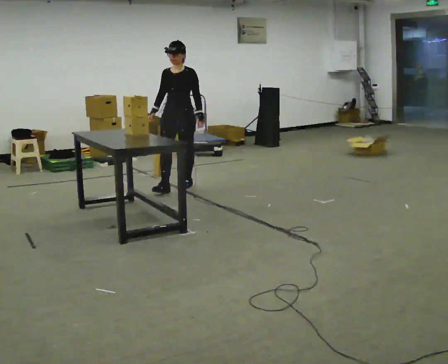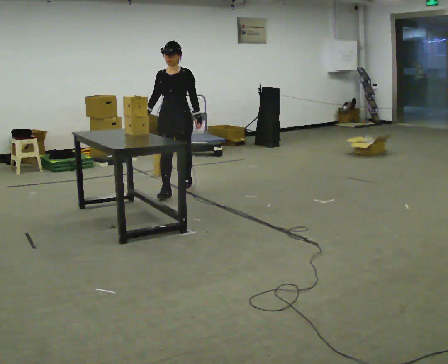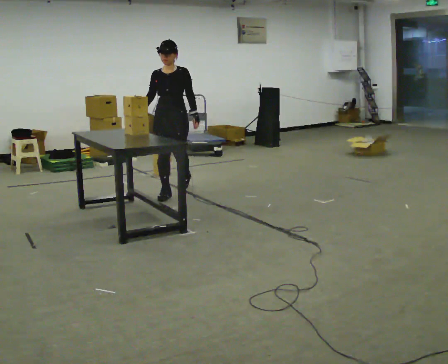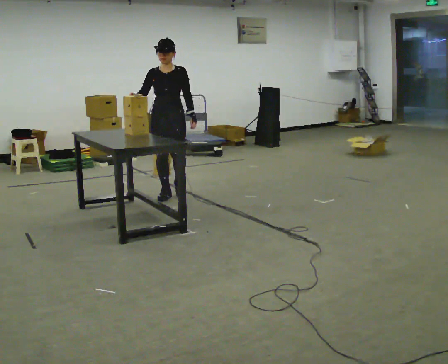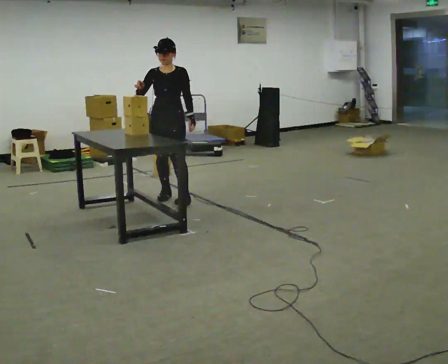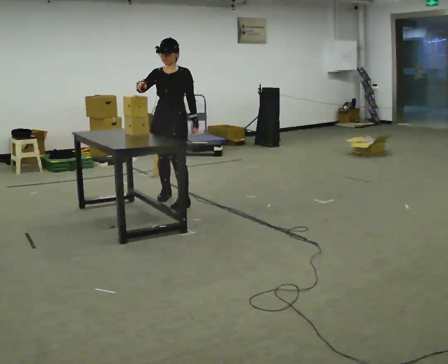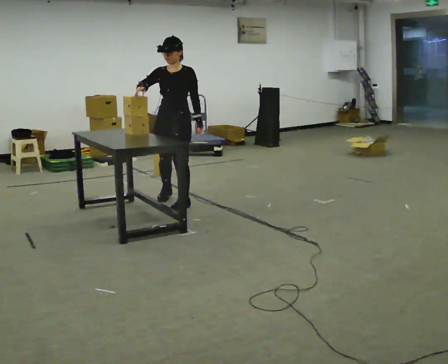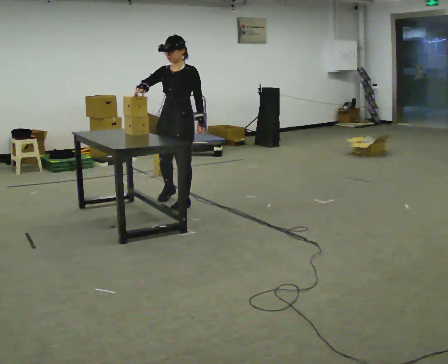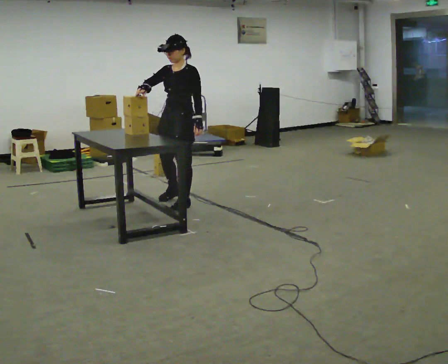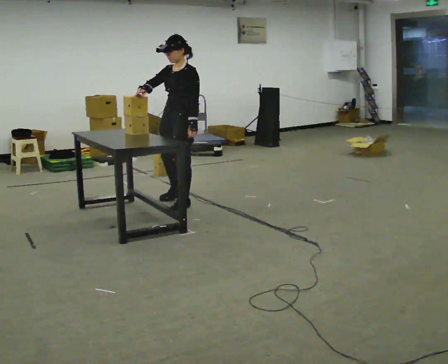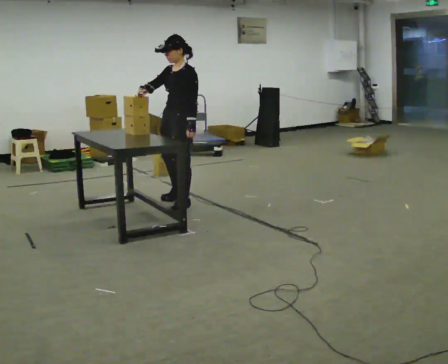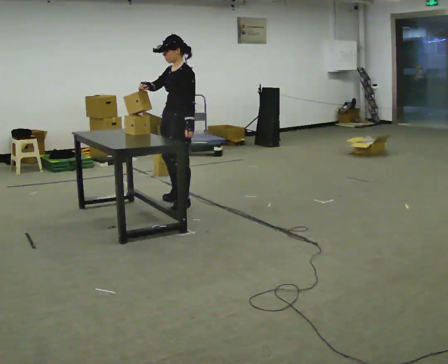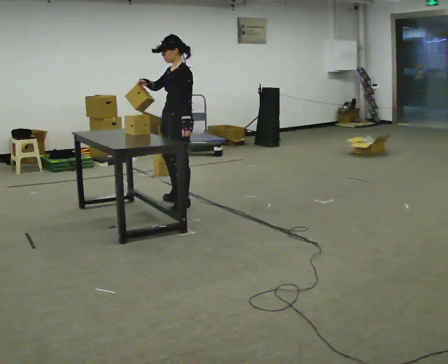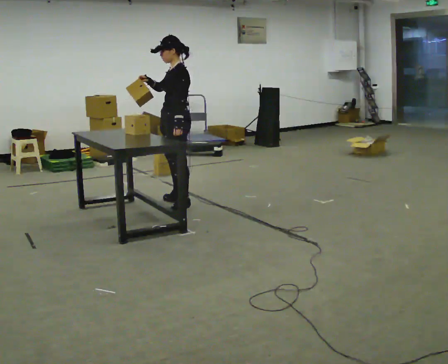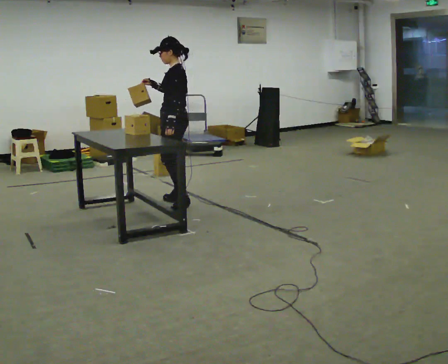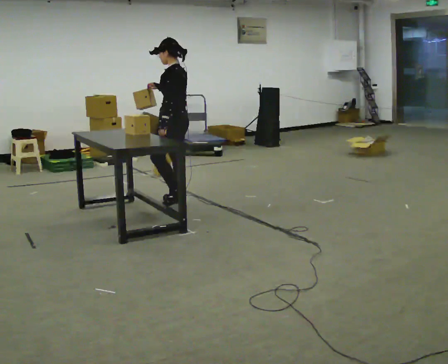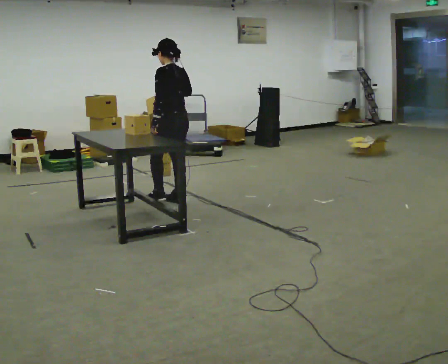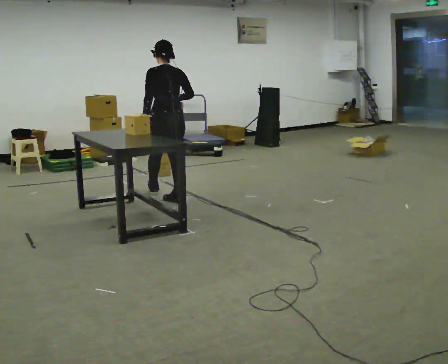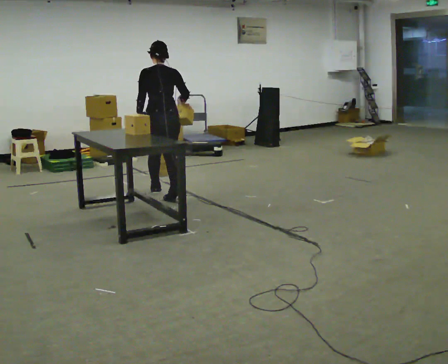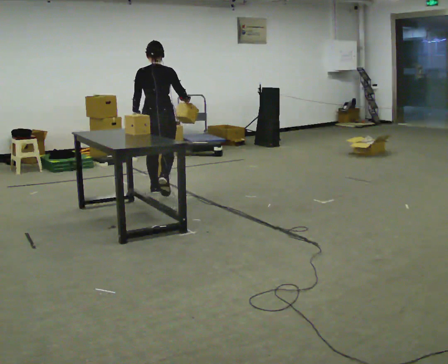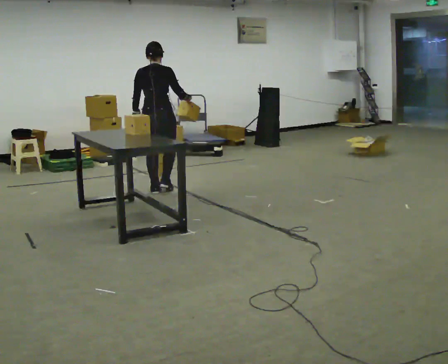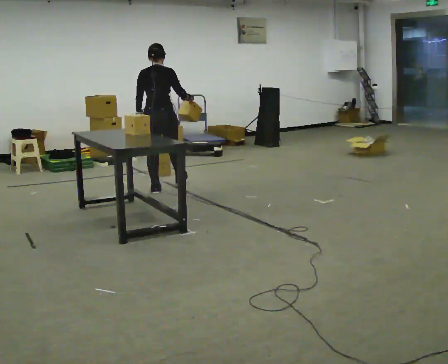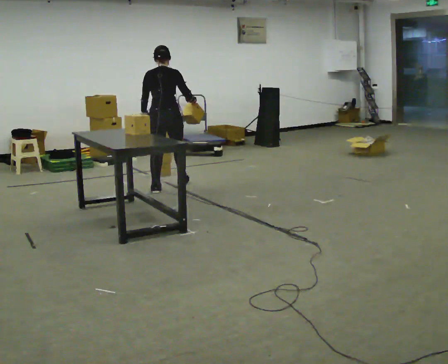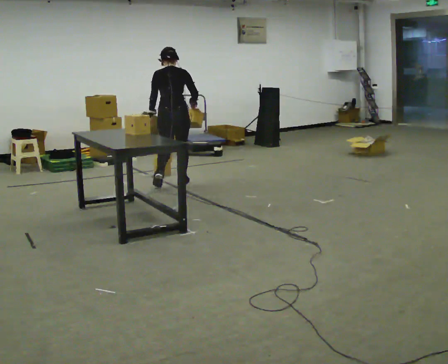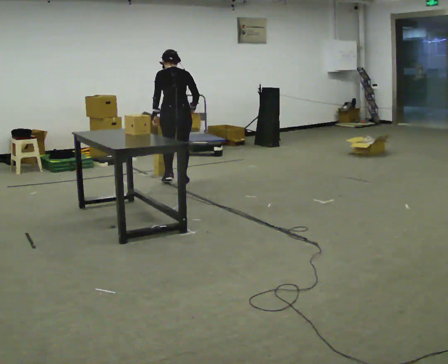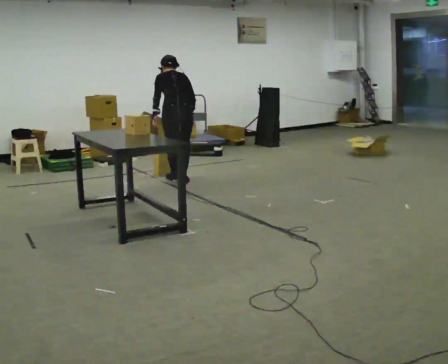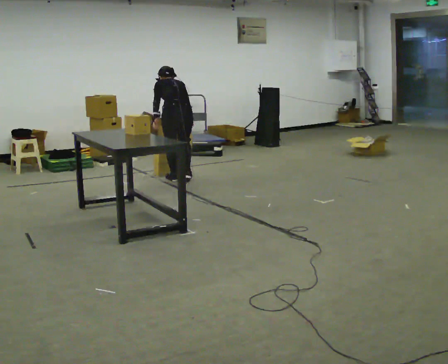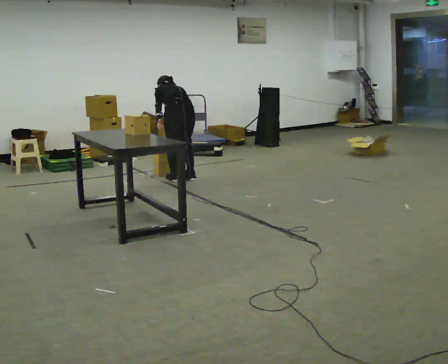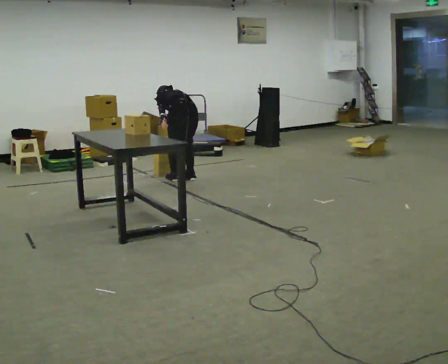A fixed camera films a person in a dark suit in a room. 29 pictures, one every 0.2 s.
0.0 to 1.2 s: In the picture they go toward the camera, about 0.5 m in 2 steps, which for them is forward. In the picture their right hand goes upward.
1.2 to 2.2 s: Seen from above the body turns clockwise, about 45 degrees: to their right, with its near side sliding to the left.
2.2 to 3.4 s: The part of the body nearest the lens slides to the left as the person turns to their right by about 90 degrees. In the picture they go away from the camera, about 0.25 m.
3.4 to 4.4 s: Seen from above the body turns clockwise, about 30 degrees: to their right, with its near side sliding to the left. In the picture they go away from the camera, about 0.5 m in 2 steps, which for them is forward.
4.4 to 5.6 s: The part of the body nearest the lens slides to the right as the person turns to their left by about 30 degrees. In the picture they go away from the camera and to the right, about 0.25 m in 2 steps, which for them is forward and to their right. The shoulders move downward. The upper body tips away from the camera, its near side rolling upward, as they bend forward.
The film runs forward here.
